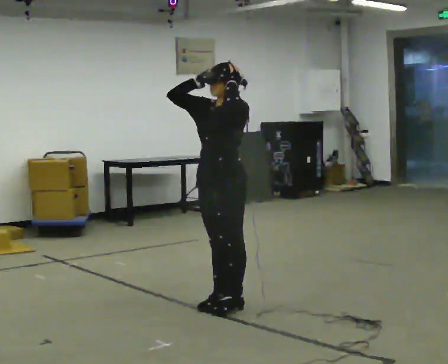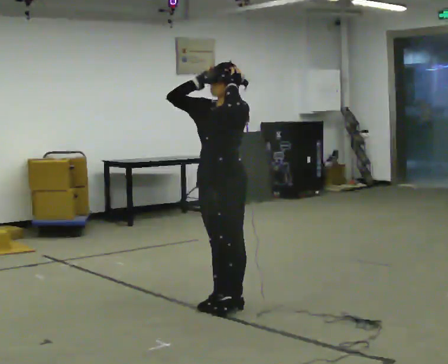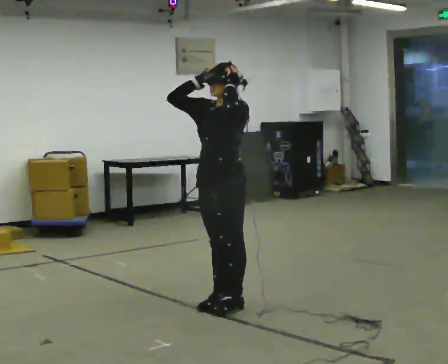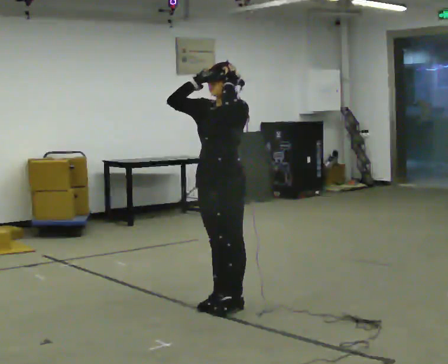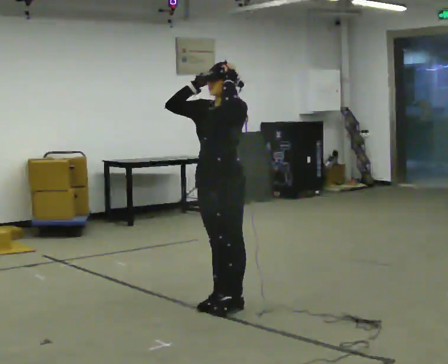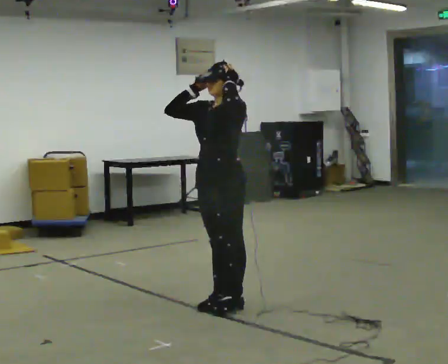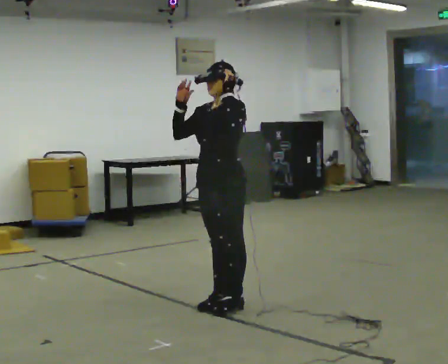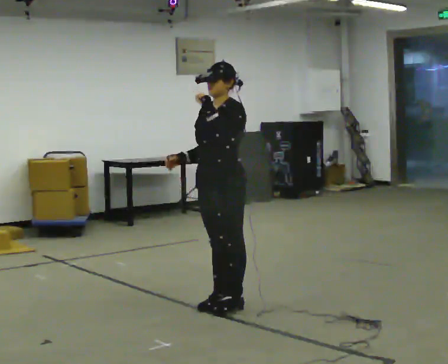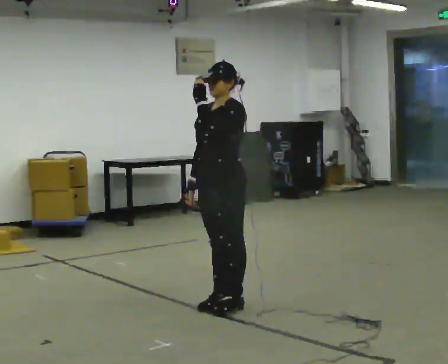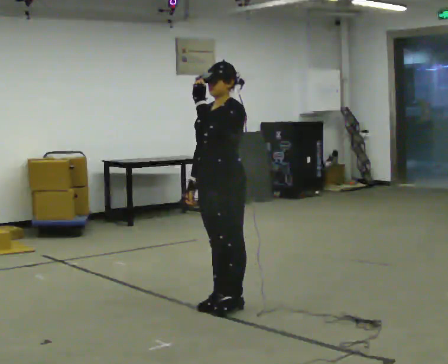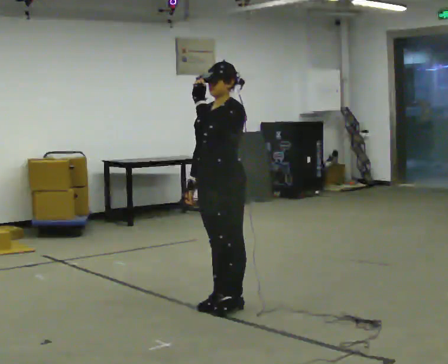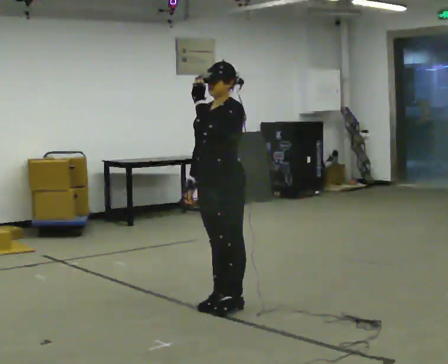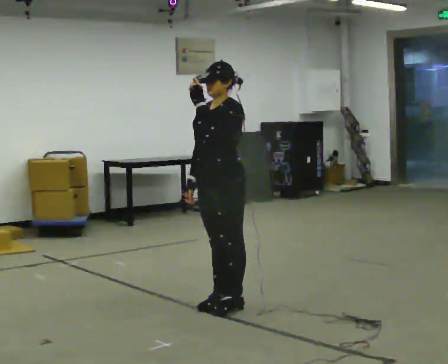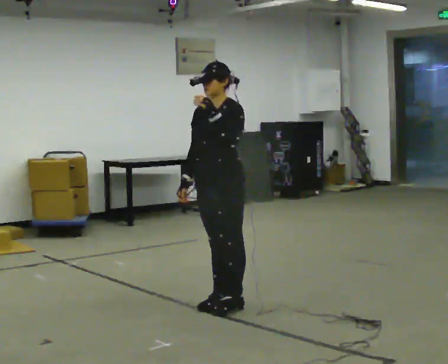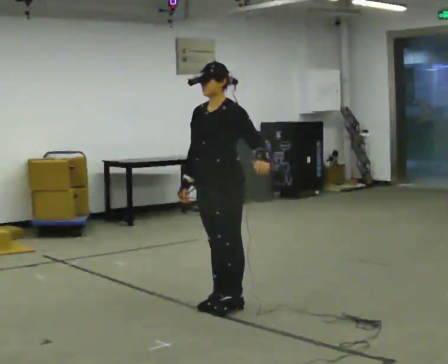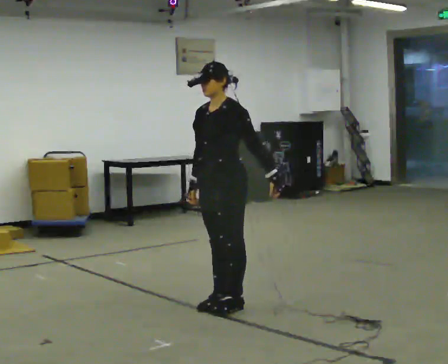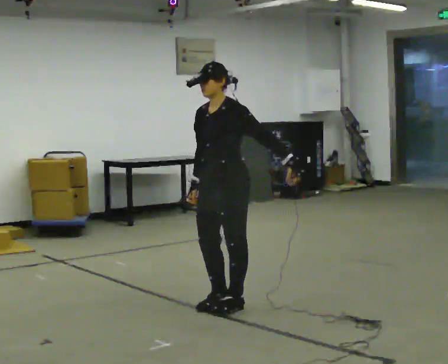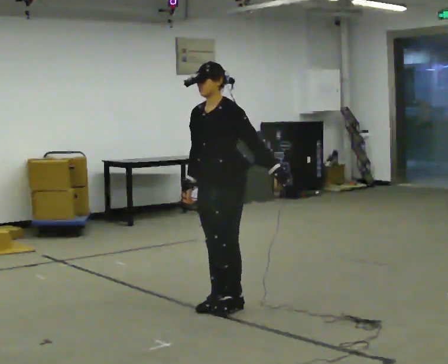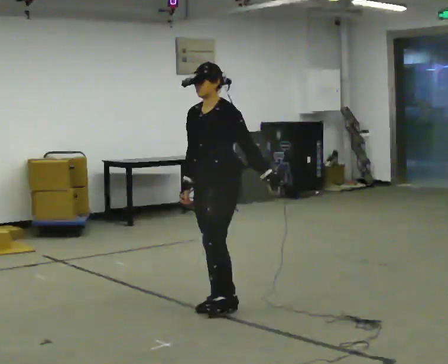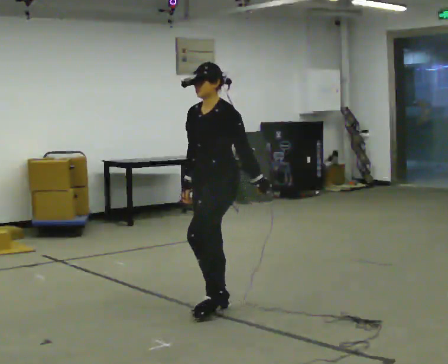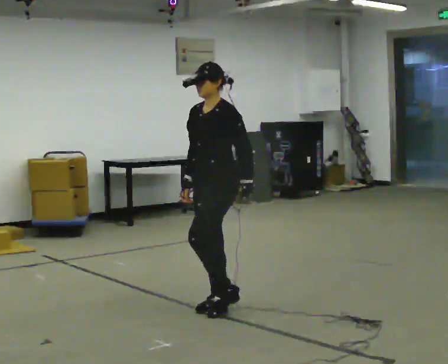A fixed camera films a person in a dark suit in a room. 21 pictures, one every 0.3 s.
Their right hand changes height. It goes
downward.
0.0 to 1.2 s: The person moves a little, or ends about where they began.
1.2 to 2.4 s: In the picture their right hand goes downward.
2.4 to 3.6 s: The person keeps their place and pose.
3.6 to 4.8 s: In the picture their left hand goes to the right and downward.
4.8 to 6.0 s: The person moves a little, or ends about where they began.
The film runs backward here.
